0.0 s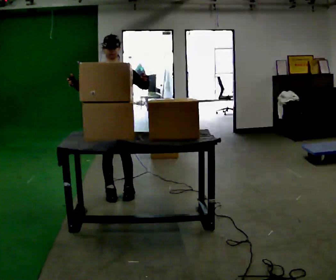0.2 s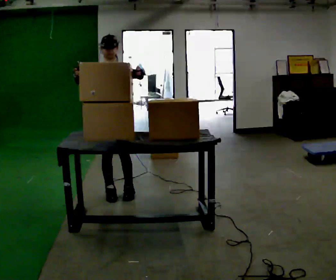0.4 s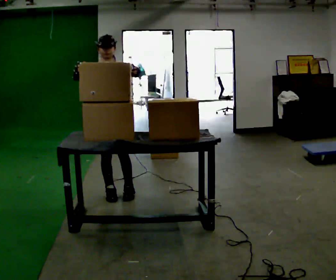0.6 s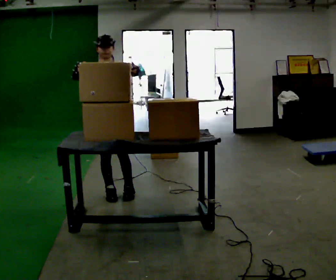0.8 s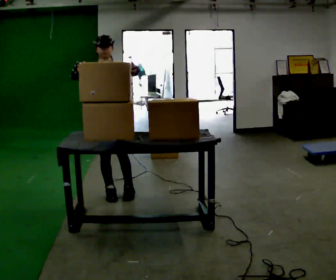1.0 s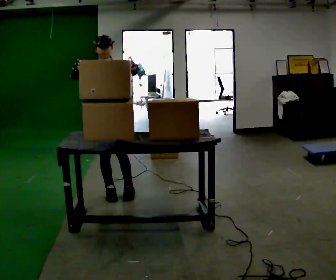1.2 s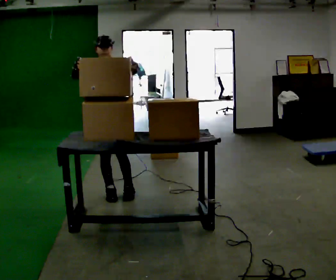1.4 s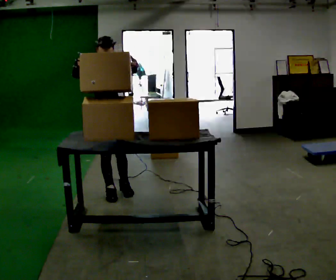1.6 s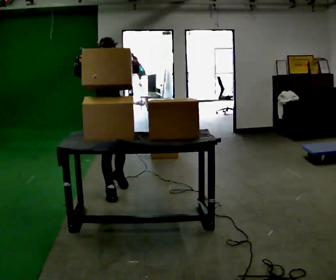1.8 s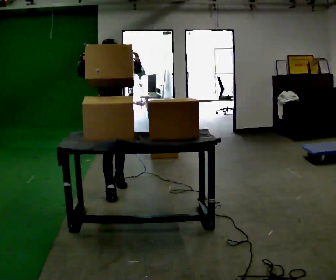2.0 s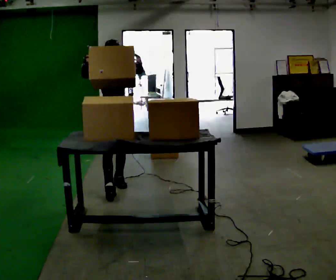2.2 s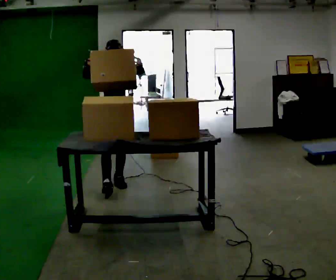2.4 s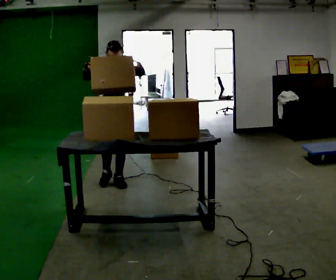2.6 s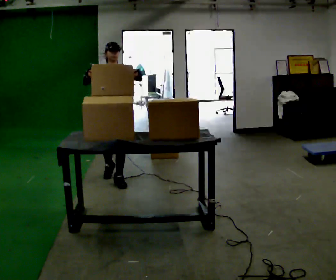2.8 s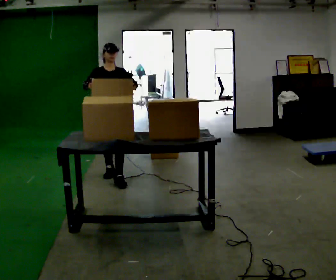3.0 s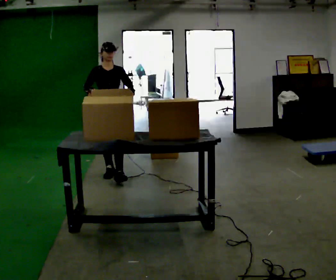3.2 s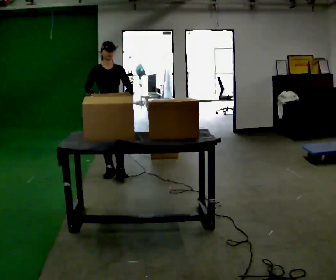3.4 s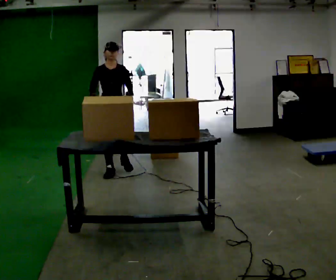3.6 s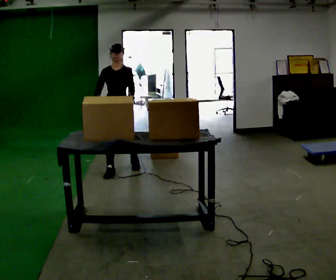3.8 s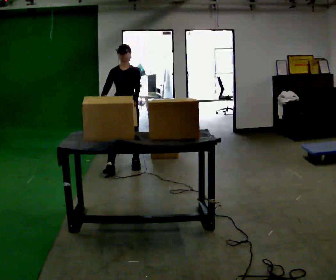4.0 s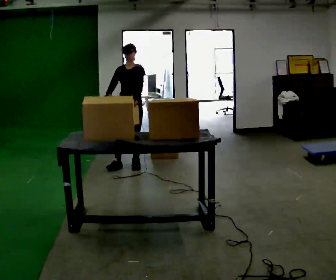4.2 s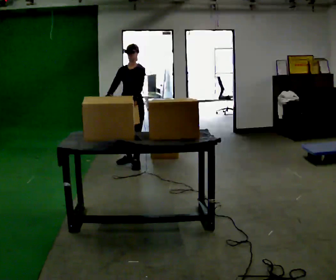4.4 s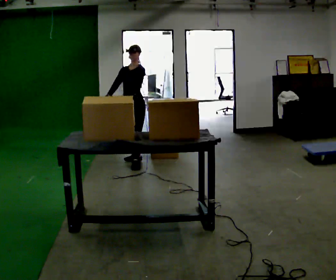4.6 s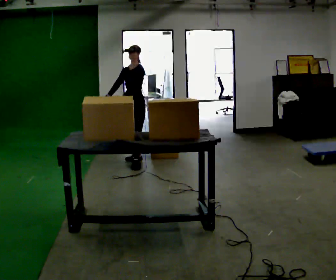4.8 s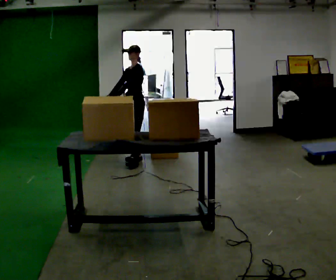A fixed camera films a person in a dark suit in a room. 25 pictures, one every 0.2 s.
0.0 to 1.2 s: The person moves a little, or ends about where they began.
1.2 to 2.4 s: In the picture they go away from the camera, about 0.5 m in 2 steps, which for them is backward.
2.4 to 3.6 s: In the picture they go away from the camera, about 0.5 m in 1 step, which for them is backward. In the picture their left hand goes downward.
3.6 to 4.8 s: The person turns about 60 degrees to their right, clockwise seen from above, so the part of the body nearest the lens slides to the left. In the picture they go away from the camera and to the right, about 0.5 m in 1 step, which for them is backward.
The film runs backward here.
